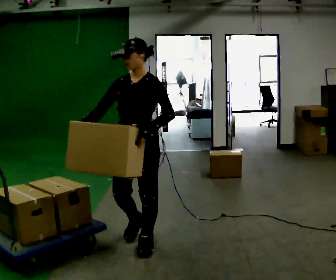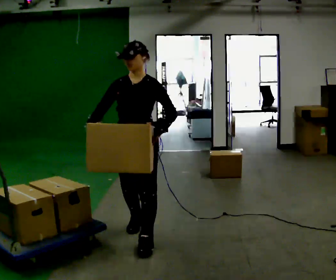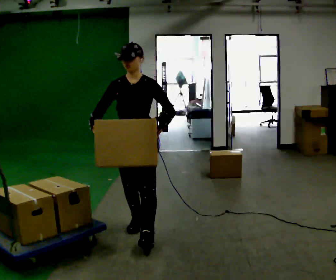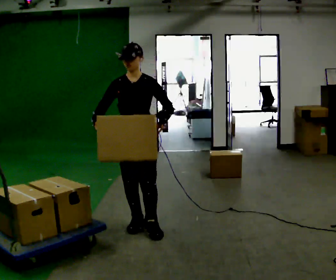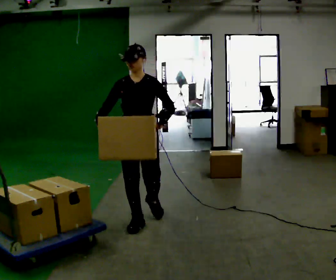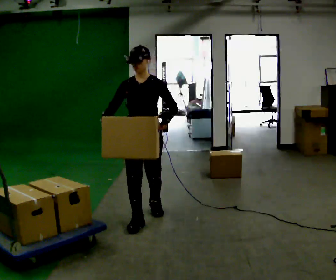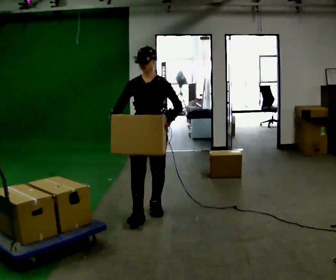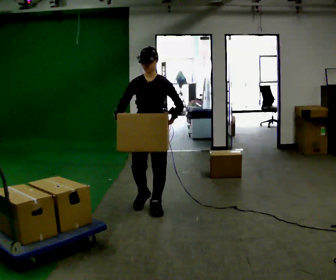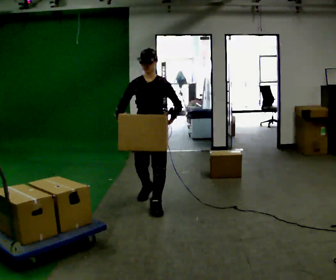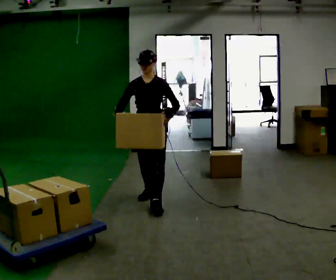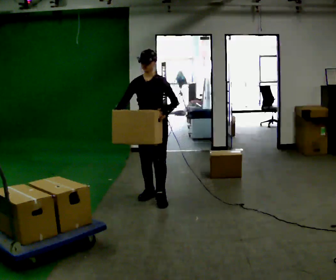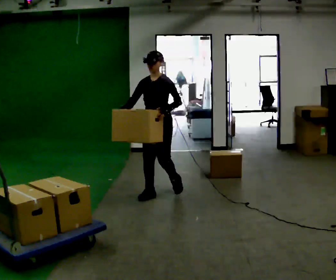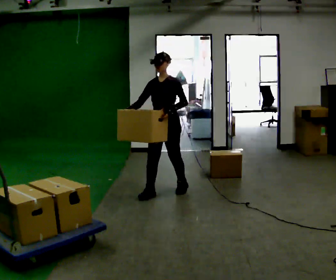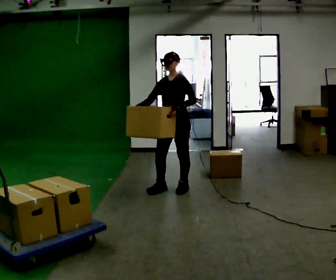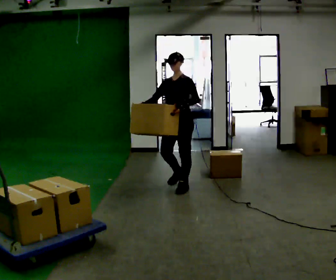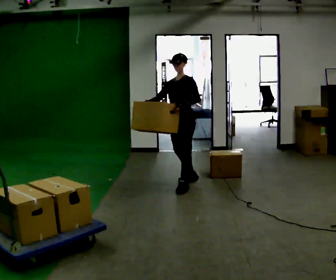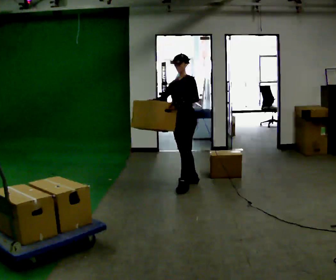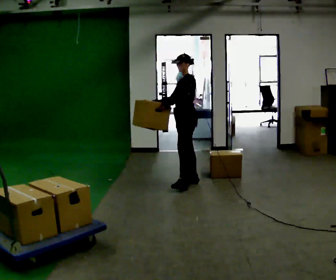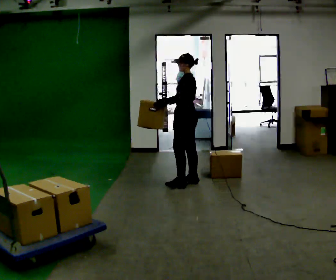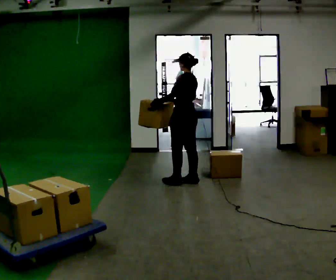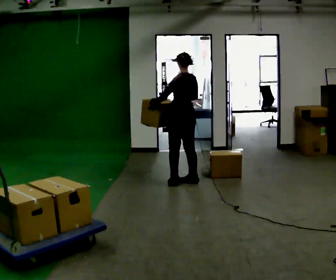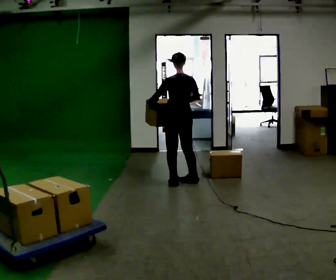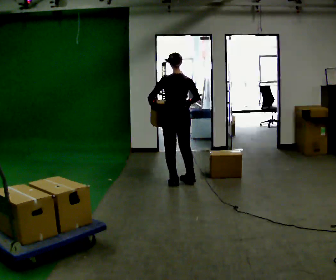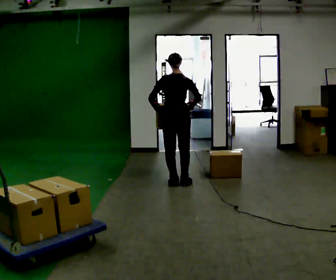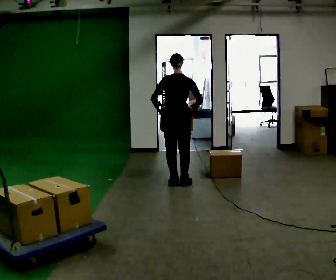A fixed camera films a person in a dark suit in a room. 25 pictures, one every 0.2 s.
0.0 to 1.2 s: In the picture they go away from the camera, about 0.5 m in 2 steps, which for them is backward.
1.2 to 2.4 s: In the picture they go away from the camera, about 0.75 m in 1 step, which for them is backward.
2.4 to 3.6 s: The part of the body nearest the lens slides to the left as the person turns to their right by about 60 degrees. In the picture they go away from the camera and to the right, about 0.5 m in 1 step.
3.6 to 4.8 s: The person turns about 90 degrees to their right, clockwise seen from above, so the part of the body nearest the lens slides to the left. In the picture their right hand goes to the right.
The film runs backward here.
